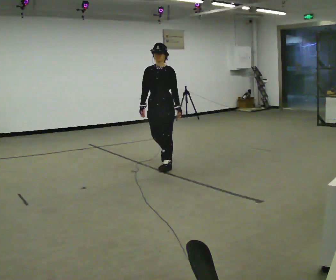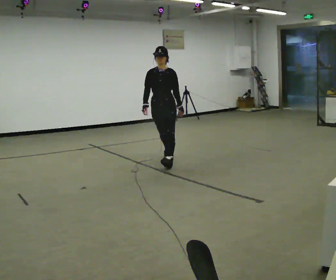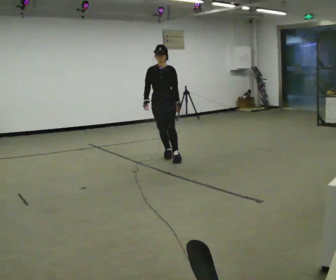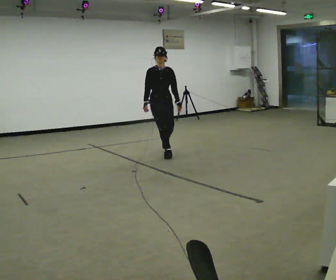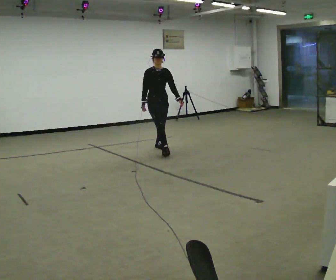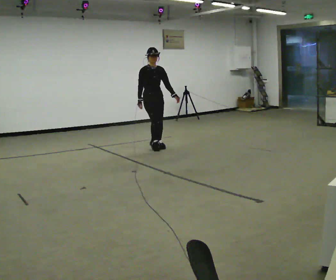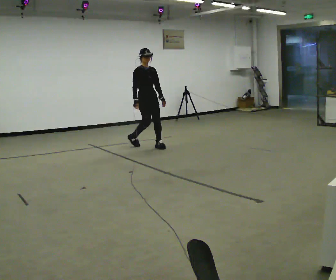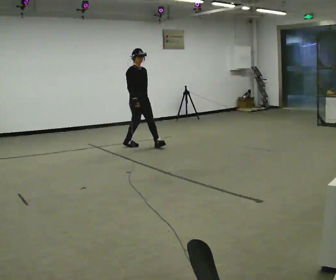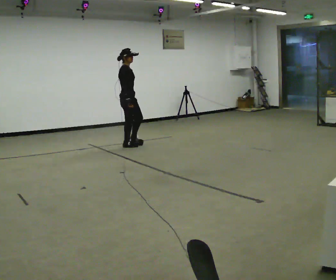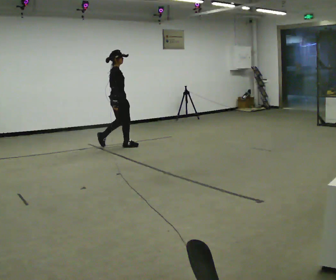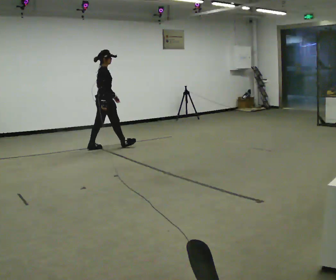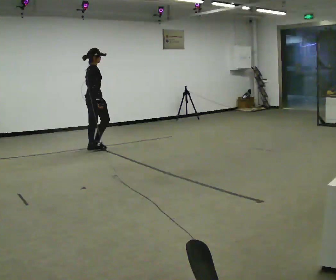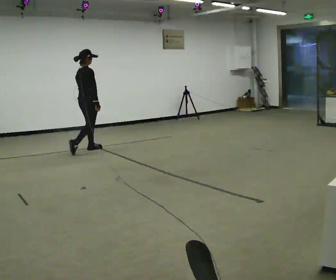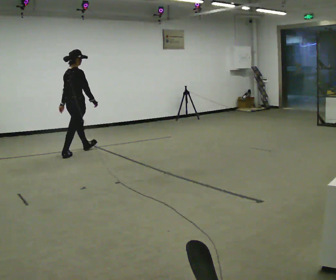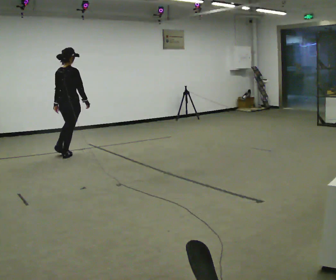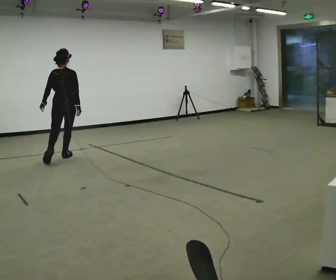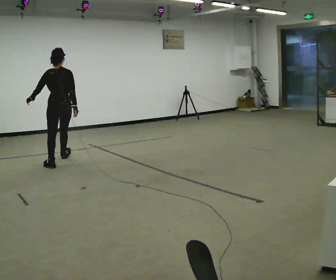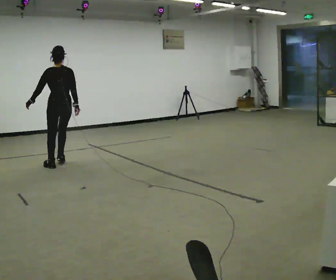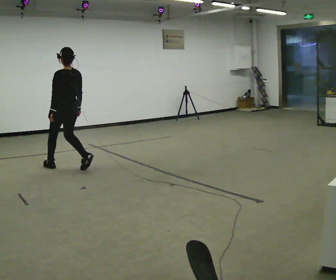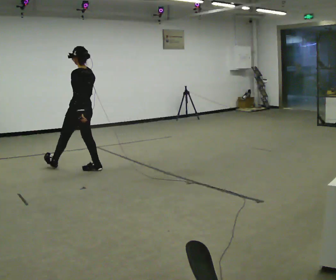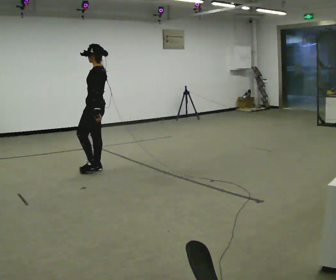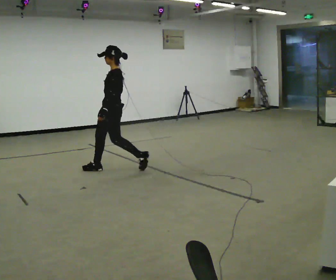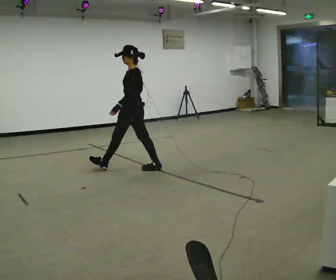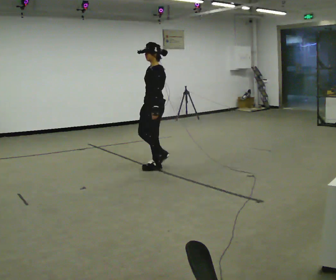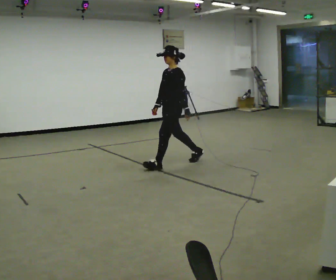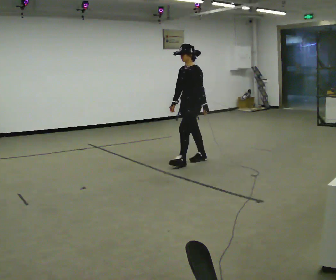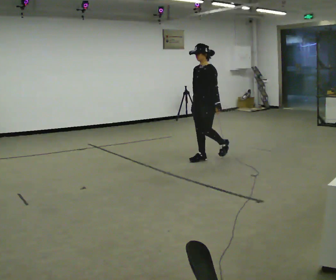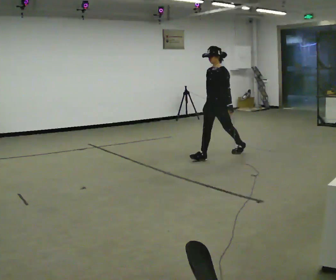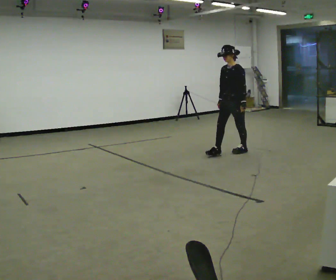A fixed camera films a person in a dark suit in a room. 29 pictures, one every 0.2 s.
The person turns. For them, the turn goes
to their left.
The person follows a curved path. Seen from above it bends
counterclockwise.
0.0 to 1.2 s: The part of the body nearest the lens slides to the right as the person turns to their left by about 60 degrees. In the picture they go away from the camera, about 1 m in 2 steps, which for them is backward.
1.2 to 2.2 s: The part of the body nearest the lens slides to the right as the person turns to their left by about 75 degrees. In the picture they go to the left, about 1 m in 2 steps.
2.2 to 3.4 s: The person turns about 90 degrees to their left, counterclockwise seen from above, so the part of the body nearest the lens slides to the right. In the picture they go toward the camera and to the left, about 1 m in 2 steps.
3.4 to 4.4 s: The part of the body nearest the lens slides to the right as the person turns to their left by about 90 degrees. In the picture they go to the right and toward the camera, about 1 m in 2 steps.
4.4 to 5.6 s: In the picture they go to the right, about 1.5 m in 2 steps, which for them is backward.
The film runs backward here.
